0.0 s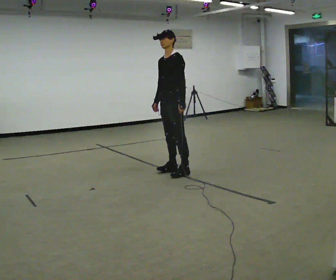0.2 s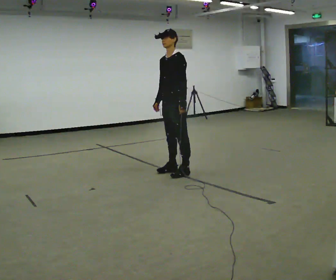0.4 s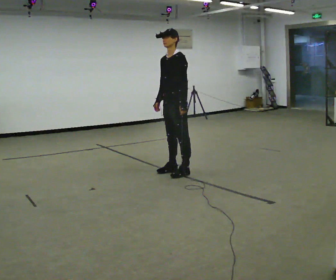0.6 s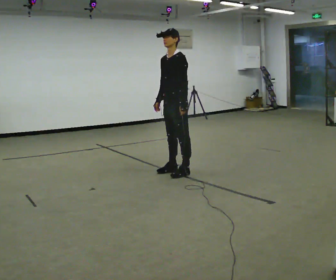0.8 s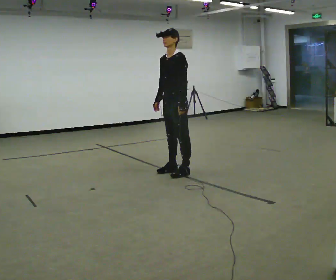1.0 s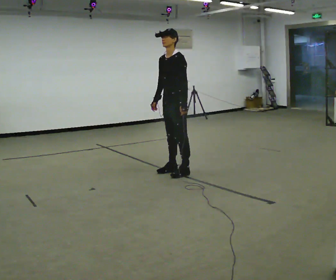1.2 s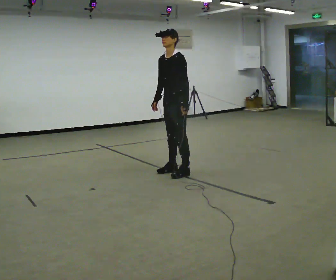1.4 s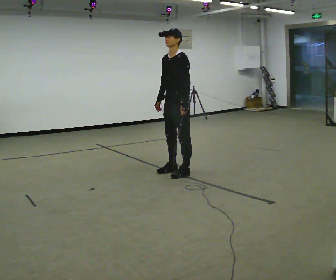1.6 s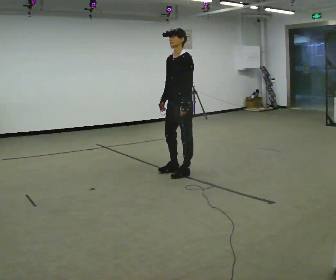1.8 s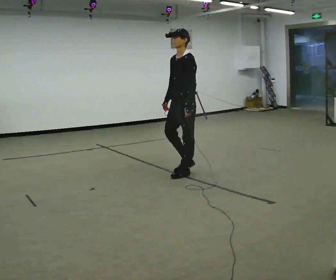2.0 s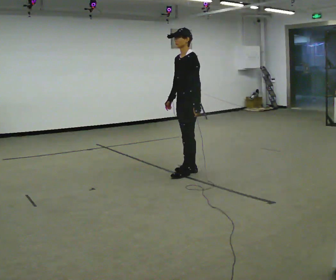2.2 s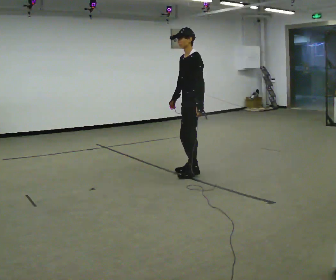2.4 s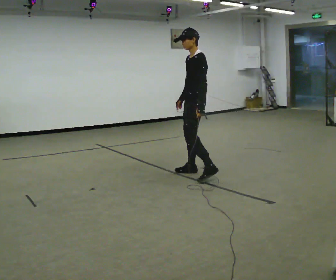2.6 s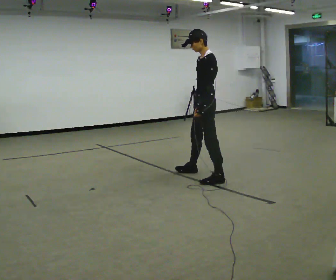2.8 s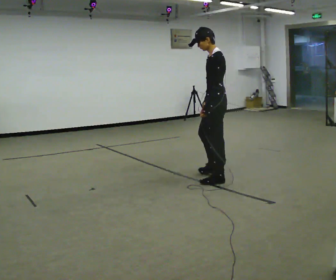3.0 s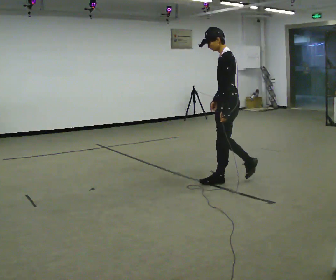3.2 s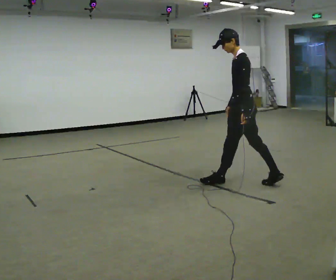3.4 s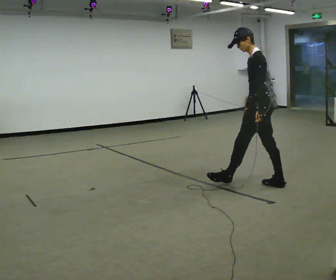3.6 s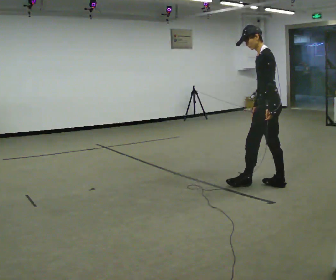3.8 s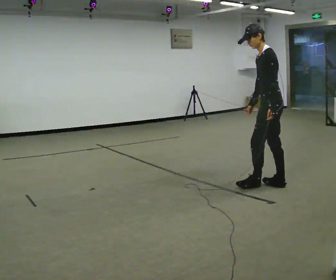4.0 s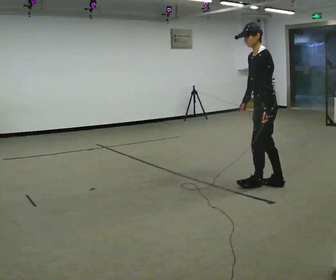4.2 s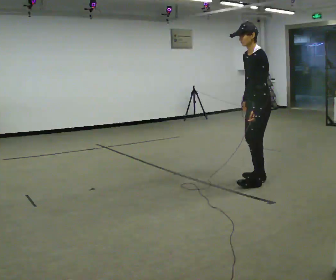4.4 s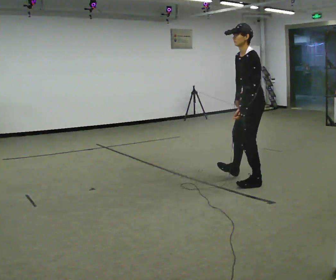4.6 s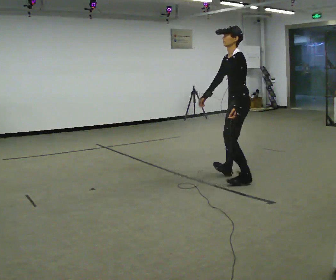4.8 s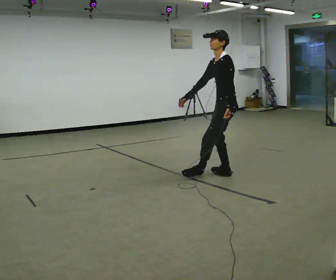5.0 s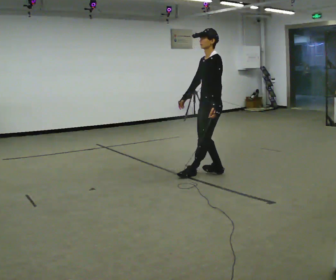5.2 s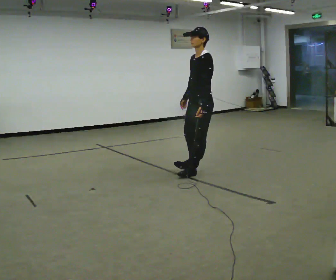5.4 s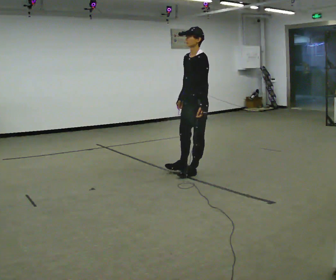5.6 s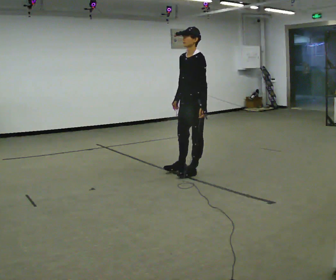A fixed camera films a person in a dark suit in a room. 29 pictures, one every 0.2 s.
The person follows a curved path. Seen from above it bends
counterclockwise.
0.0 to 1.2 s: The person moves a little, or ends about where they began.
1.2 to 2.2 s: In the picture they go to the right, about 0.25 m in 2 steps, which for them is to their left.
2.2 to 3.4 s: The person turns about 30 degrees to their right, clockwise seen from above, so the part of the body nearest the lens slides to the left. In the picture they go to the right and toward the camera, about 1 m in 2 steps, which for them is backward and to their left.
3.4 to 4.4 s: The person moves a little, or ends about where they began.
4.4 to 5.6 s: The part of the body nearest the lens slides to the right as the person turns to their left by about 30 degrees. In the picture they go to the left and away from the camera, about 1 m in 2 steps, which for them is to their right and forward.
The film runs backward here.
